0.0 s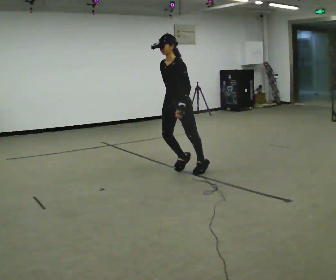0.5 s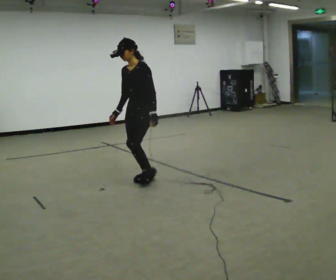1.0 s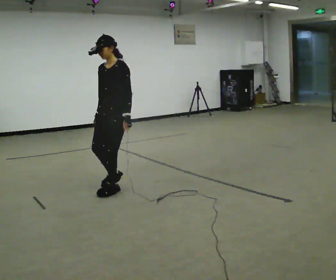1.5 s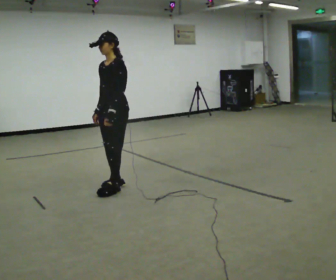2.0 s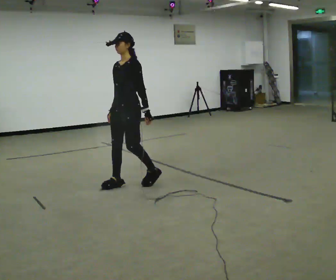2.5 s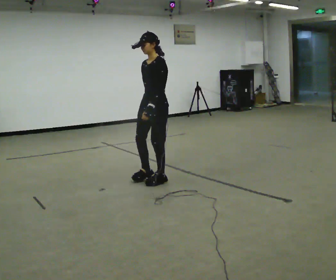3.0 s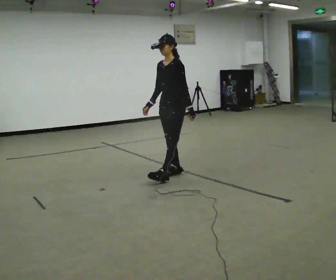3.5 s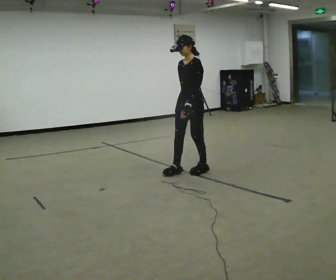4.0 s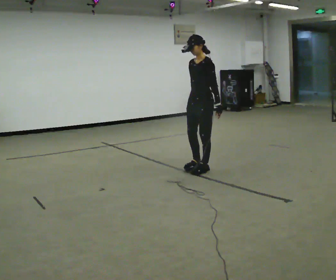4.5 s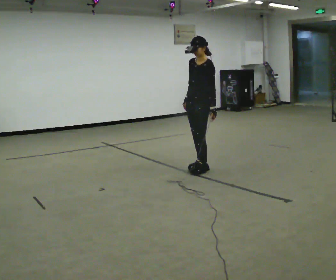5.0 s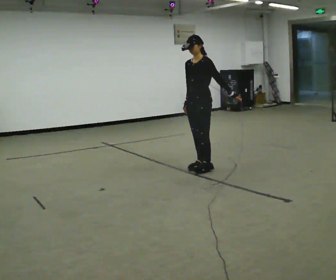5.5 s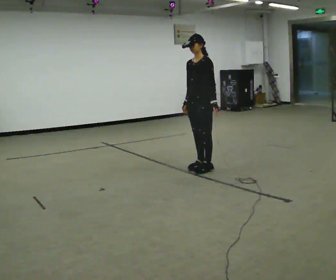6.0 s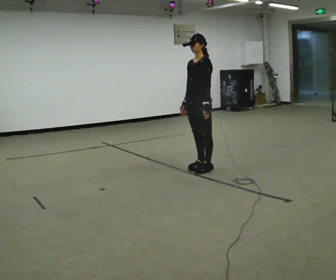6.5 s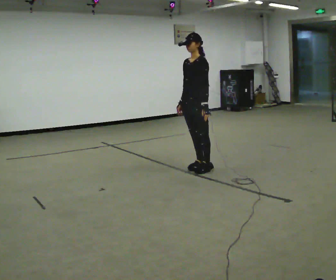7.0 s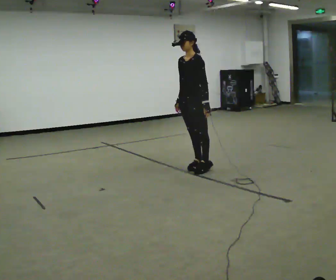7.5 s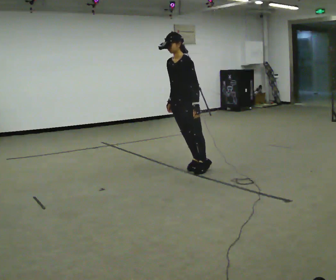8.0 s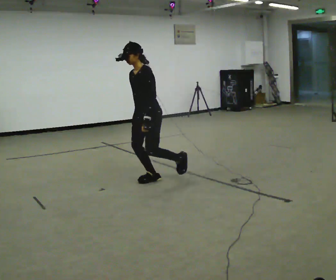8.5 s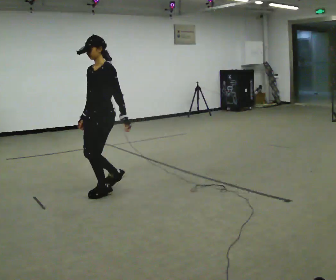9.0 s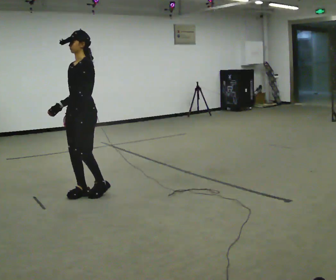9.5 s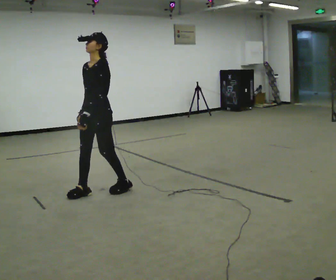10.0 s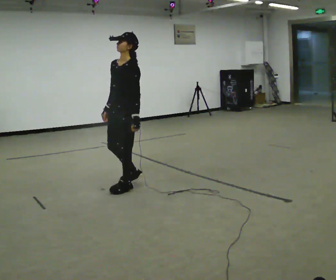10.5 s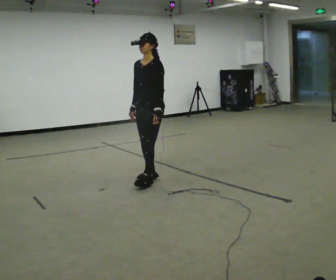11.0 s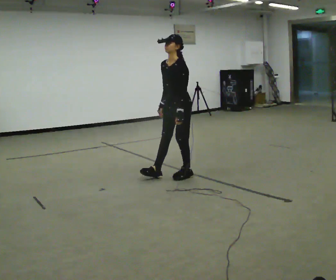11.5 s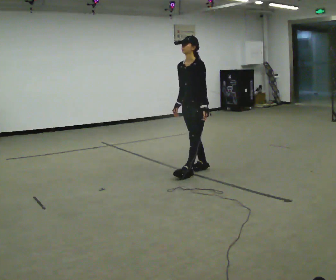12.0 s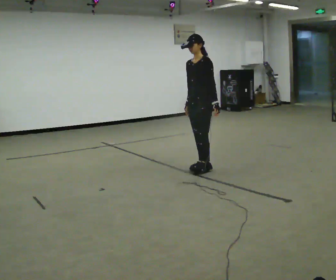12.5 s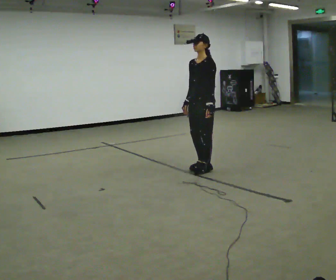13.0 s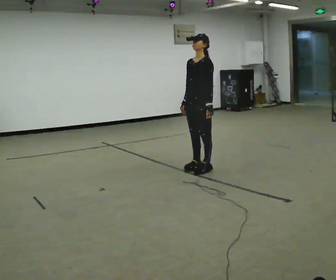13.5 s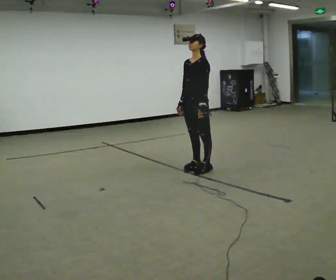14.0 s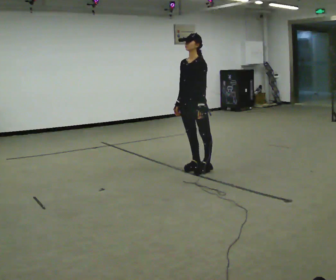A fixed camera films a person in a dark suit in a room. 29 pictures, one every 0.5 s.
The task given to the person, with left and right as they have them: Stand on the marked spots with your feet together. Lean forward from the ankles, keeping your body straight, until you cannot hold it any longer, then step forward to catch yourself. Return to the spots. Repeat at your own pace until the operator says stop. Go slowly and only as far as you are comfortable. Step whenever you need to; do not try to hold on longer than feels safe.
0.0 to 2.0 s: In the picture they go to the left and toward the camera, about 0.75 m in 3 steps, which for them is forward.
2.0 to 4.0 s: In the picture they go to the right and away from the camera, about 1 m in 3 steps, which for them is backward.
4.0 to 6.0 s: The person moves a little, or ends about where they began.
6.0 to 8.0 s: In the picture they go to the left and toward the camera, about 0.5 m in 1 step, which for them is forward.
8.0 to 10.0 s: In the picture they go to the left and toward the camera, about 0.25 m in 3 steps, which for them is forward.
10.0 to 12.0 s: In the picture they go to the right and away from the camera, about 1 m in 4 steps, which for them is backward.
12.0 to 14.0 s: The person moves a little, or ends about where they began.
The film runs forward here.
